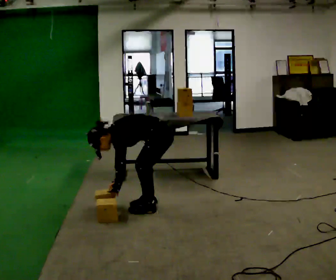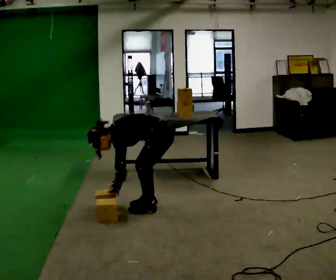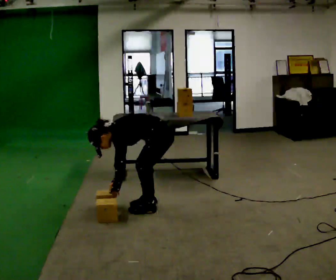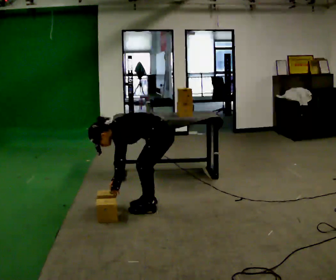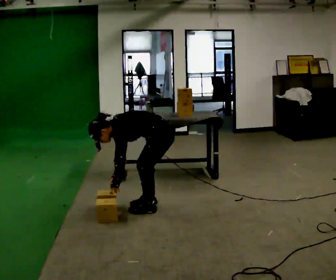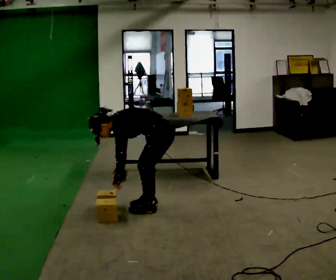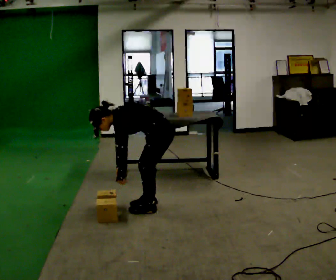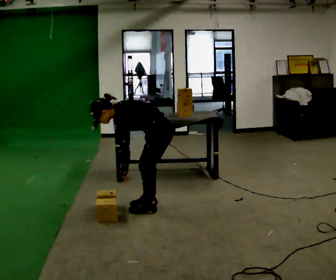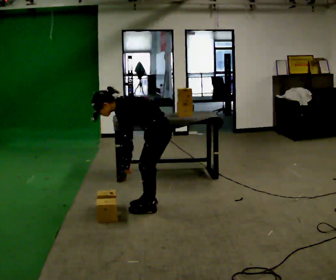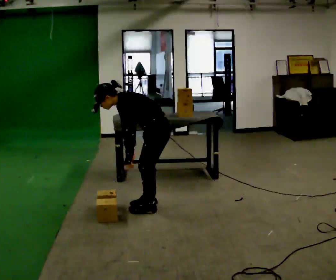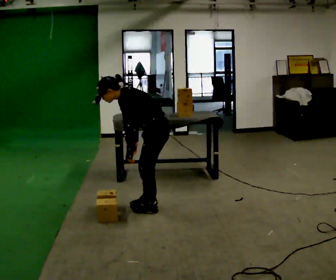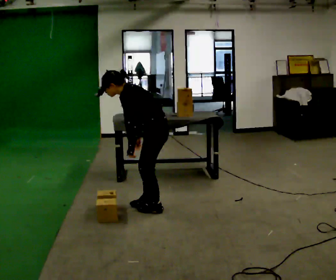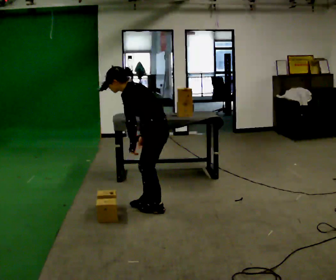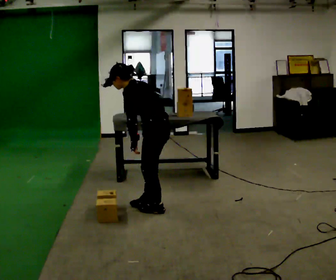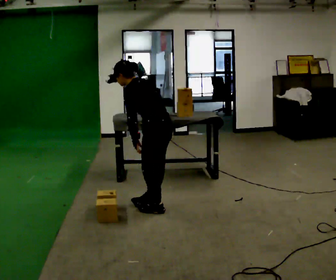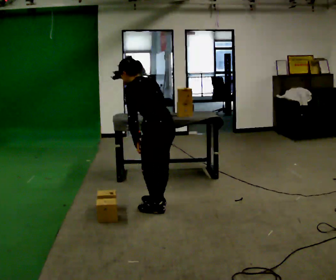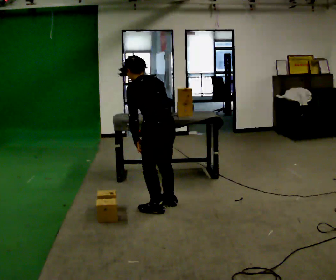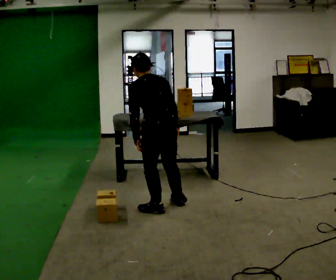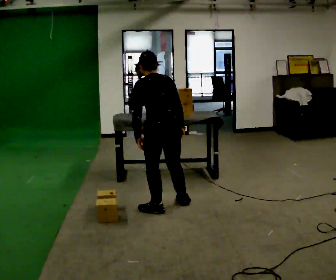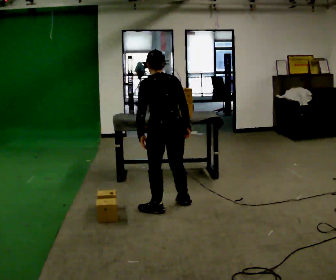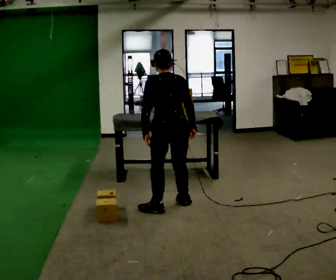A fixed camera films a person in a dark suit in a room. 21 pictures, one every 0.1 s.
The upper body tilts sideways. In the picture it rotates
clockwise.
Their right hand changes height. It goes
upward.
0.0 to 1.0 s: The shoulders move upward. In the picture the upper body tilts clockwise, shoulders to the right, as they lean back or straighten. In the picture their right hand goes upward.
1.0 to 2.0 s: The part of the body nearest the lens slides to the left as the person turns to their right by about 75 degrees. In the picture the upper body tilts clockwise, shoulders to the right, as they lean back or straighten. In the picture their right hand goes to the right.
The film runs forward here.
